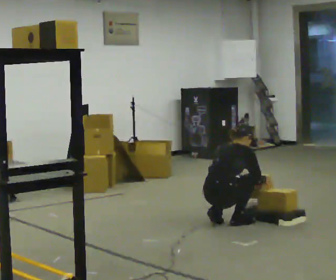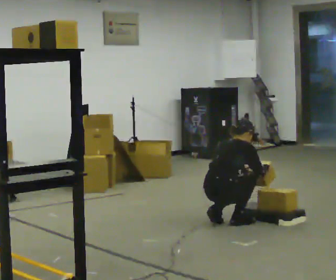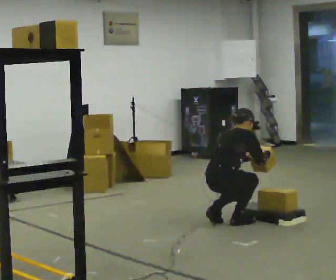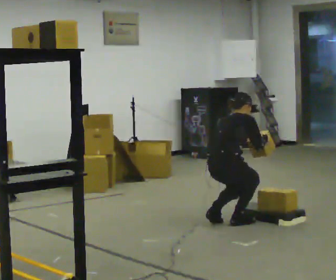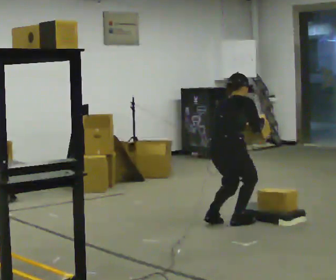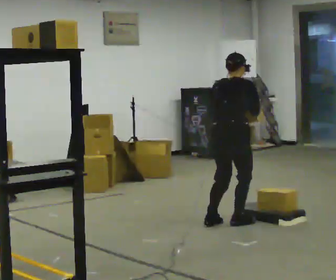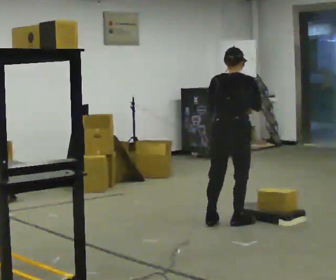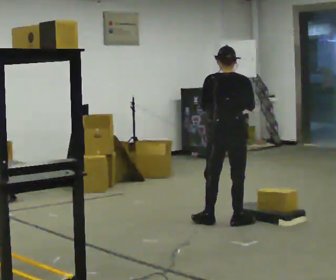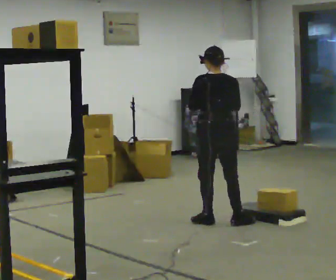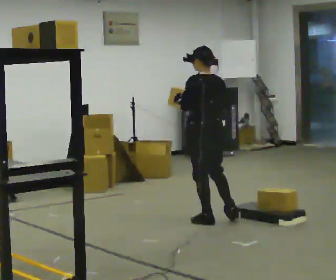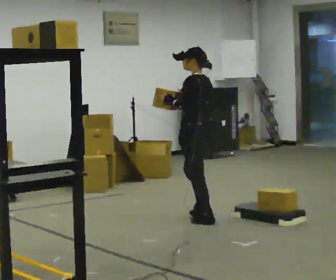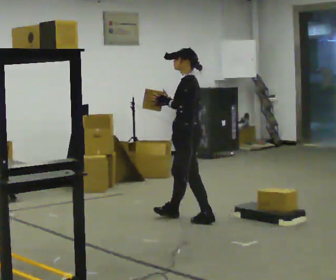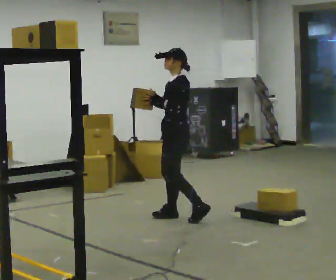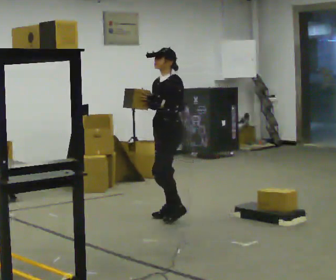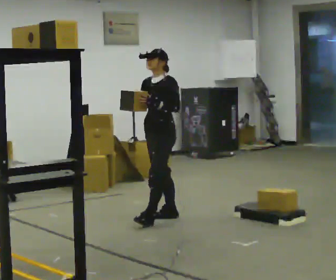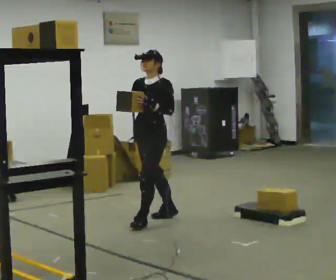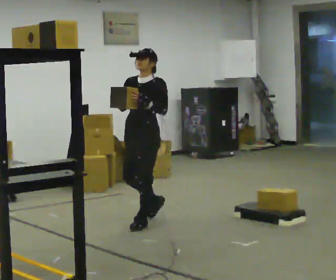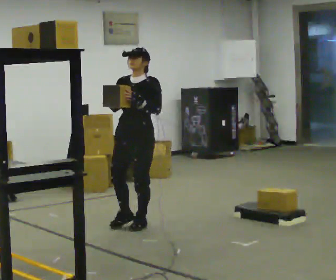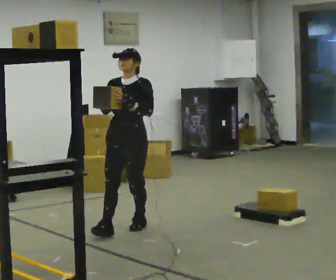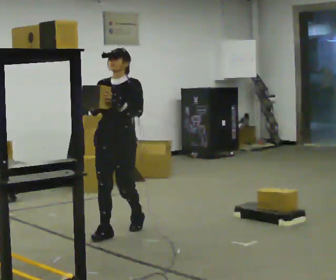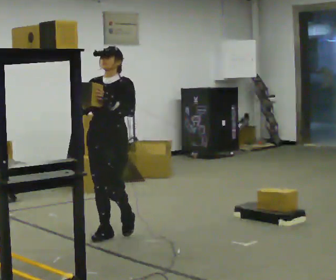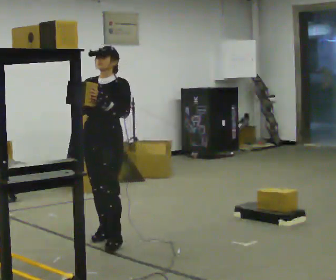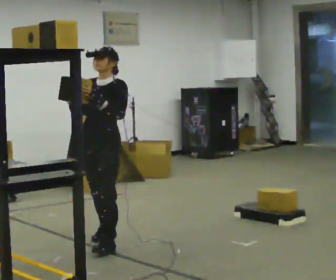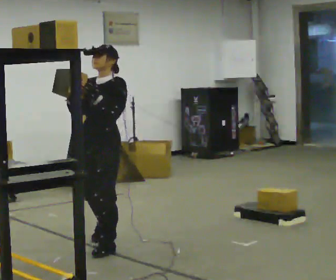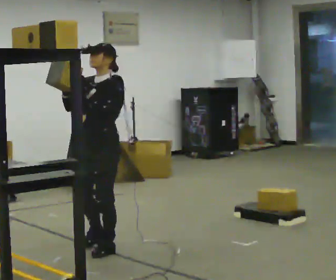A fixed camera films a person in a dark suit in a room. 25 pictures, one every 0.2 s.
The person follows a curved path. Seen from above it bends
counterclockwise.
The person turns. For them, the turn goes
to their left.
0.0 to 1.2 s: The part of the body nearest the lens slides to the right as the person turns to their left by about 45 degrees. The shoulders move upward. In the picture the upper body tilts counterclockwise, shoulders to the left, as they lean back or straighten. In the picture their left hand goes upward.
1.2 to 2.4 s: The person turns about 105 degrees to their left, counterclockwise seen from above, so the part of the body nearest the lens slides to the right. In the picture they go to the left and away from the camera, about 0.5 m in 1 step. The upper body tips toward the camera, its near side rolling downward, as they lean back or straighten.
2.4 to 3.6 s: Seen from above the body turns counterclockwise, about 60 degrees: to their left, with its near side sliding to the right. In the picture they go to the left and toward the camera, about 0.5 m in 1 step, which for them is forward.
3.6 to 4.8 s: In the picture they go toward the camera, about 0.75 m in 2 steps, which for them is forward.
The film runs forward here.
